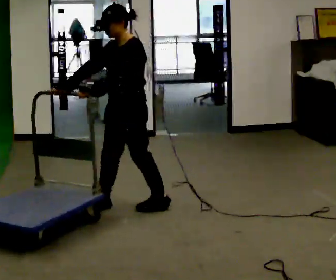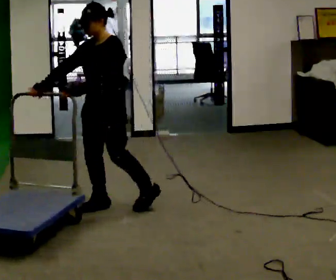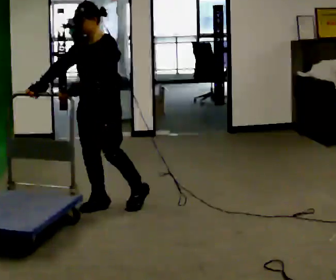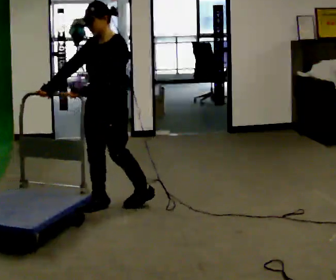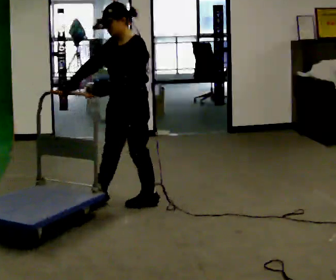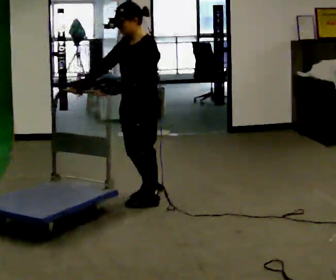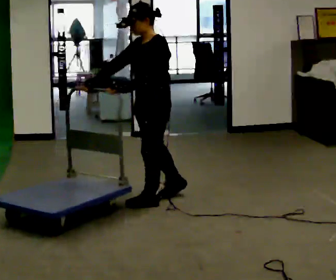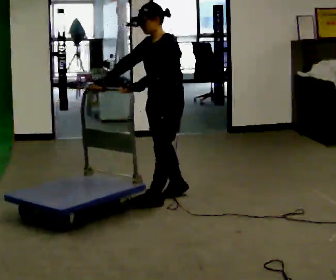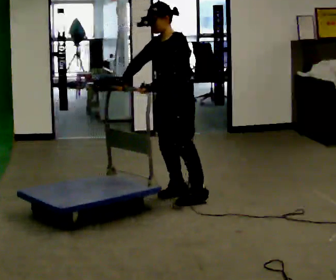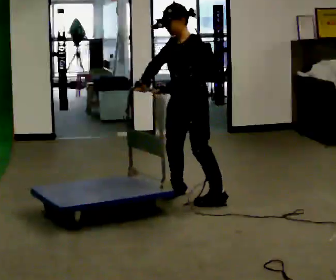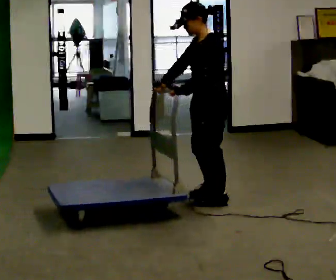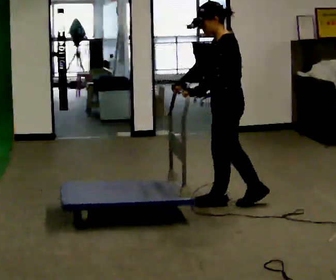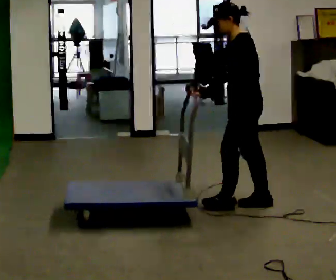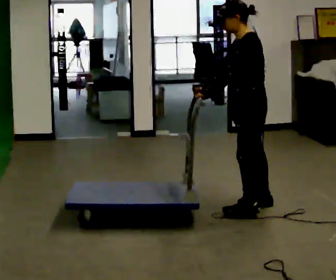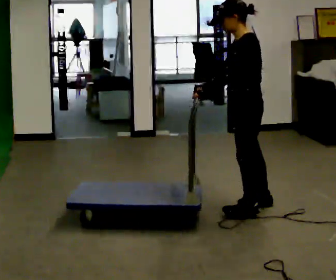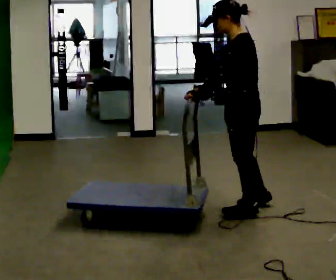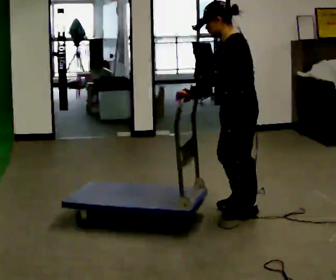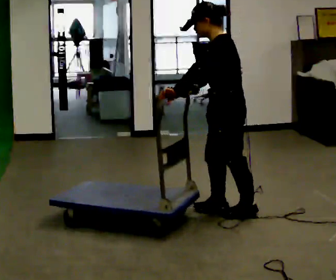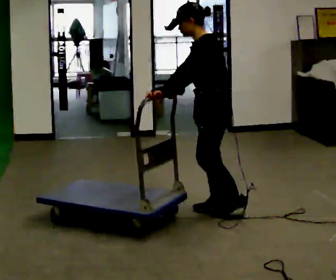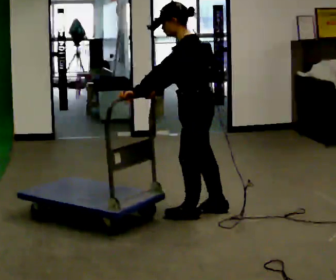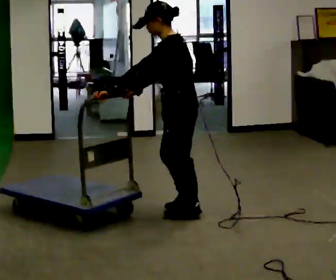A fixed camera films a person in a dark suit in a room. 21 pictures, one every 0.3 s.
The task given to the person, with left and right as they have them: Get the cart into the marked parking space and lined up with the tape. Take as many adjustments as you need. Then take it out again and repeat.
0.0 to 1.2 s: The person moves a little, or ends about where they began.
1.2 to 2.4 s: In the picture they go to the right and away from the camera, about 0.5 m in 1 step, which for them is backward.
2.4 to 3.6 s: The person turns about 45 degrees to their right, clockwise seen from above, so the part of the body nearest the lens slides to the left. In the picture they go to the right and toward the camera, about 0.5 m in 2 steps, which for them is to their left and backward.
3.6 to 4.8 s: In the picture they go toward the camera, about 0.25 m in 1 step, which for them is to their left.
4.8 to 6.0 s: In the picture they go to the left, about 0.5 m in 2 steps, which for them is forward.
The film runs forward here.
